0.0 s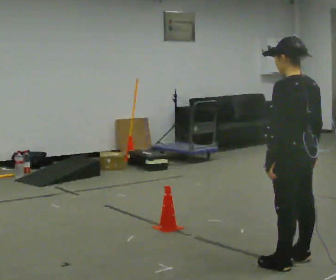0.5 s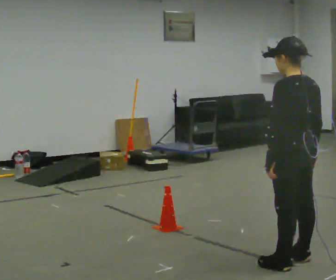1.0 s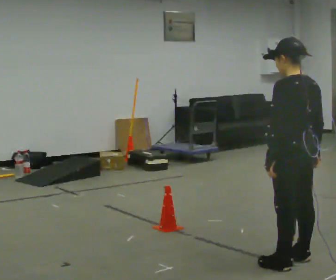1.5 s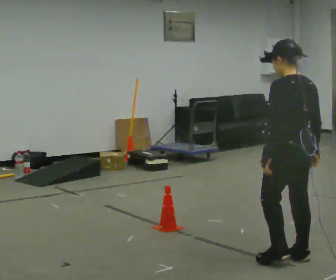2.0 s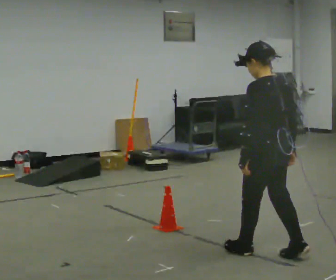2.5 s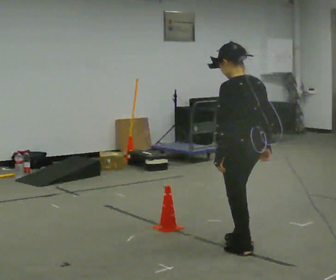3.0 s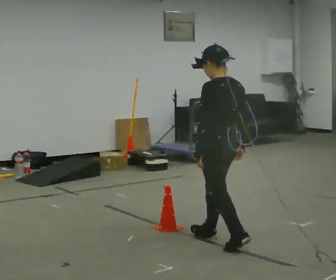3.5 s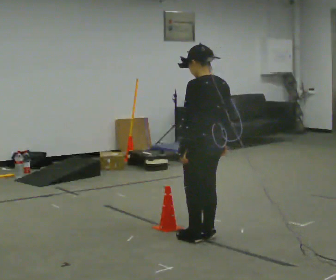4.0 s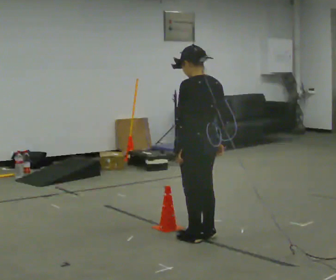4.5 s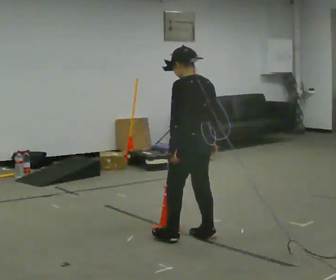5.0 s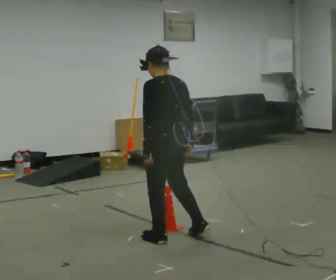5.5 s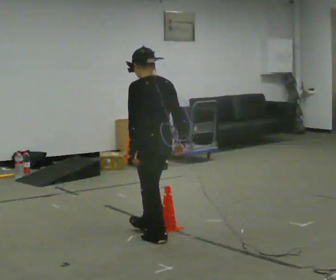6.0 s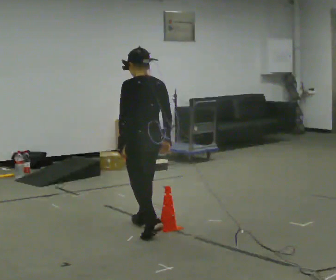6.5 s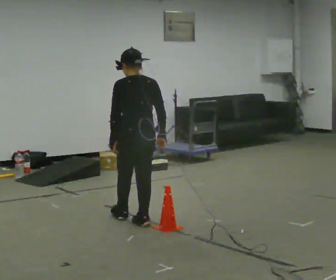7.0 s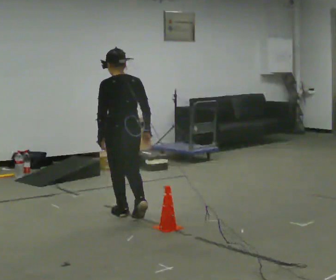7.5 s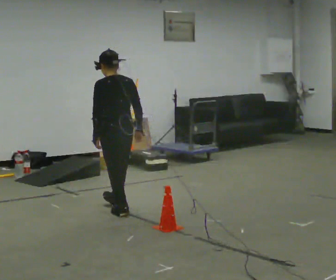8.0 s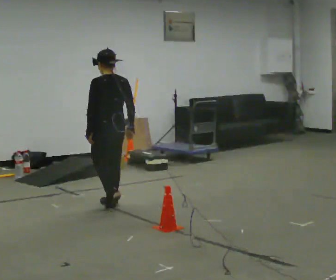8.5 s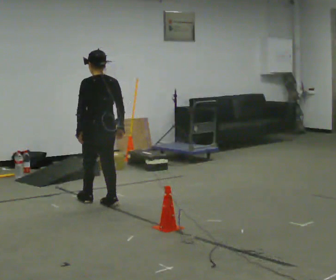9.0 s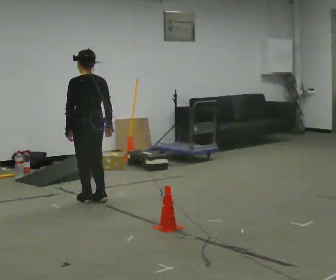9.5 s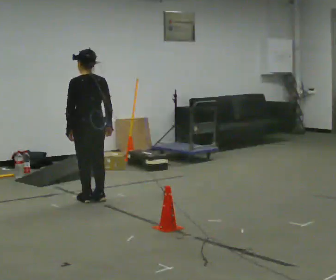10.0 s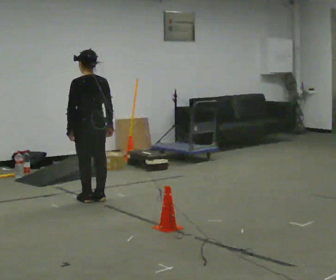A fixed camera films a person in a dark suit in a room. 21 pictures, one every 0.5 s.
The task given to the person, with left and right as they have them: Walk toward obstacle; alter path to avoid it; continue toward original destination.
0.0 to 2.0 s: In the picture they go away from the camera, about 0.25 m in 1 step, which for them is forward.
2.0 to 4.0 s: In the picture they go away from the camera and to the left, about 0.75 m in 2 steps, which for them is forward.
4.0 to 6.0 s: In the picture they go to the left and away from the camera, about 0.5 m in 2 steps, which for them is forward.
6.0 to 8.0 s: In the picture they go away from the camera, about 1 m in 2 steps, which for them is forward.
8.0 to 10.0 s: In the picture they go away from the camera and to the left, about 0.25 m in 2 steps, which for them is forward.
The film runs forward here.
